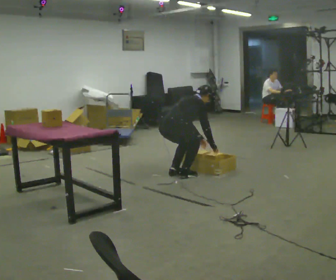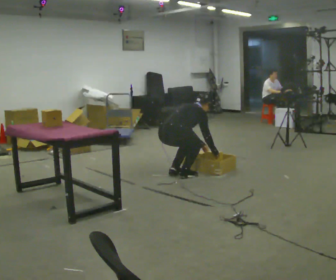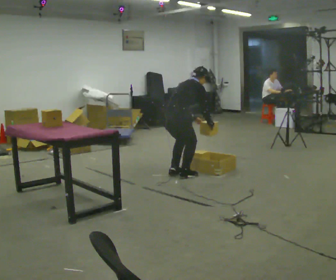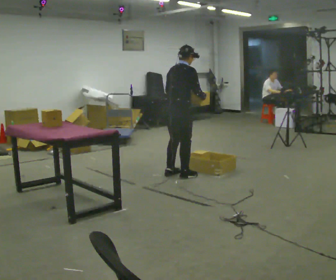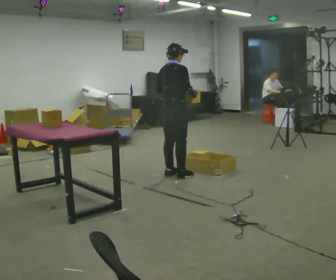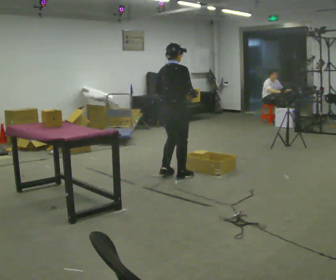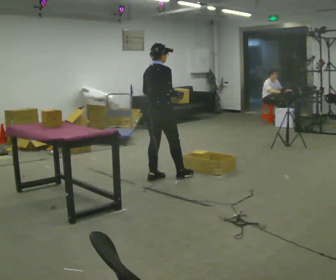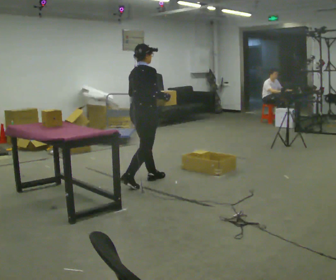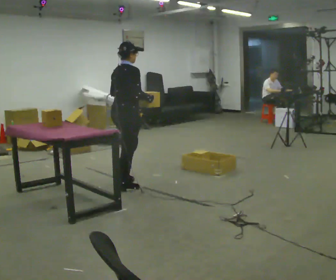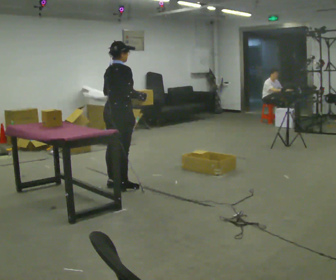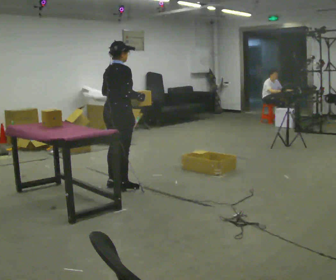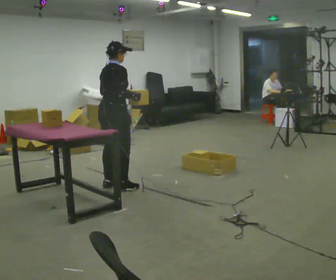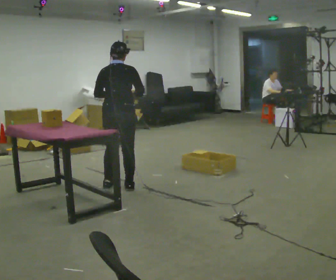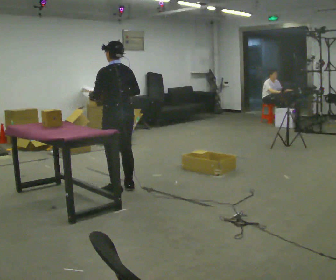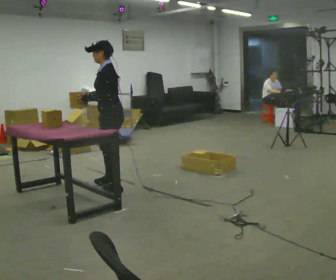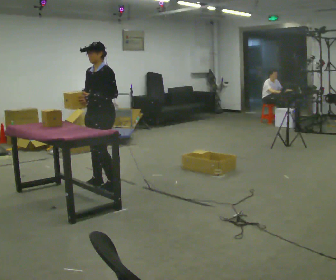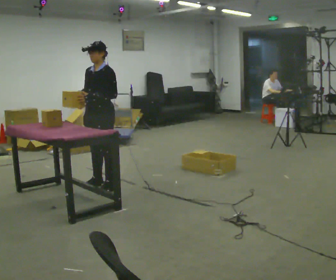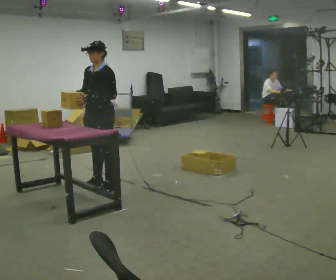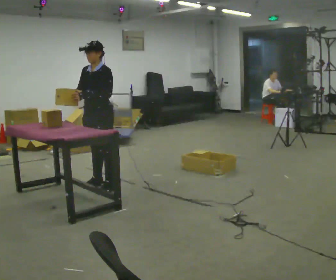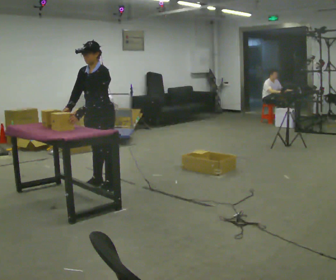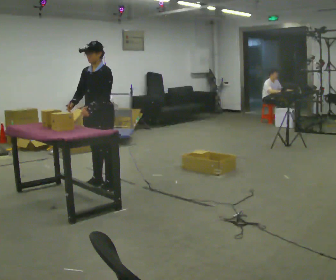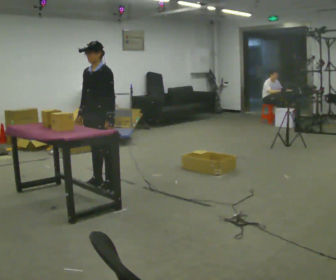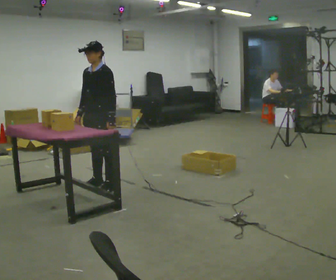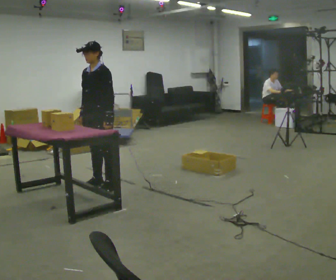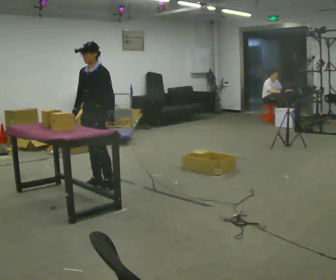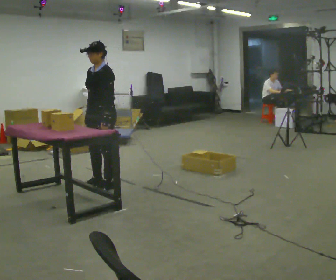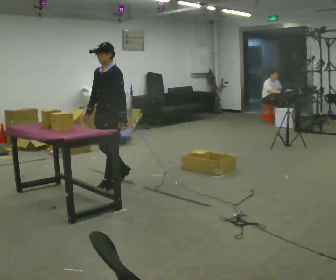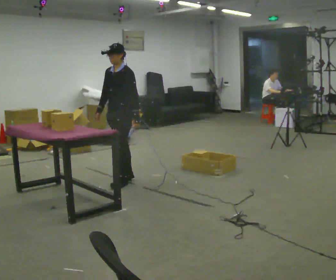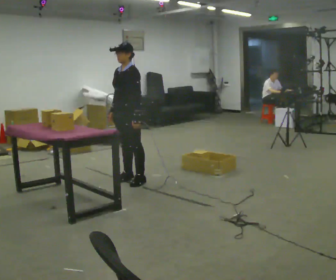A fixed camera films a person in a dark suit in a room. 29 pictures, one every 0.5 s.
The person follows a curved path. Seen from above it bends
clockwise.
0.0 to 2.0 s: In the picture the upper body tilts counterclockwise, shoulders to the left, as they lean back or straighten. In the picture their left hand goes upward and to the left.
2.0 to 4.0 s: In the picture they go to the left, about 0.75 m in 3 steps, which for them is backward.
4.0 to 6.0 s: The person turns about 45 degrees to their left, counterclockwise seen from above, so the part of the body nearest the lens slides to the right.
6.0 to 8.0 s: Seen from above the body turns counterclockwise, about 150 degrees: to their left, with its near side sliding to the right. In the picture they go to the left, about 0.25 m in 3 steps.
8.0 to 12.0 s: The person moves a little, or ends about where they began.
12.0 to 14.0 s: In the picture they go to the right, about 0.25 m in 2 steps, which for them is backward.
The film runs backward here.
